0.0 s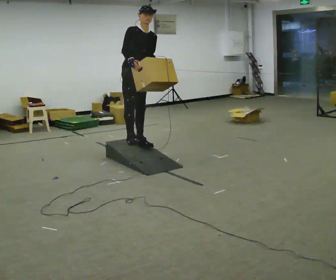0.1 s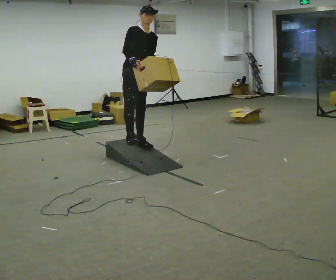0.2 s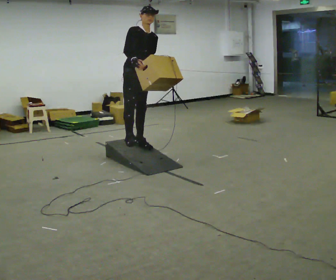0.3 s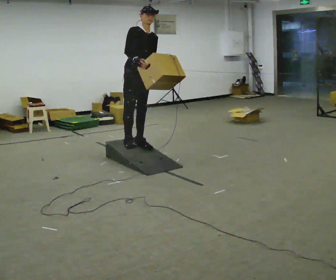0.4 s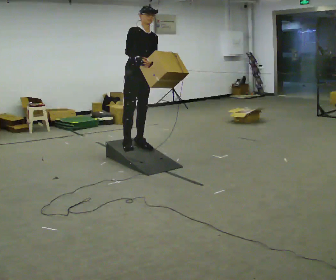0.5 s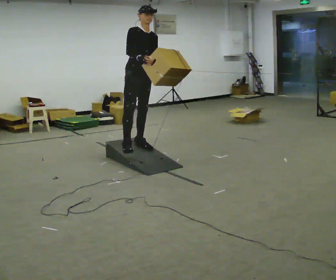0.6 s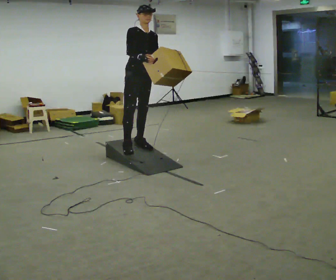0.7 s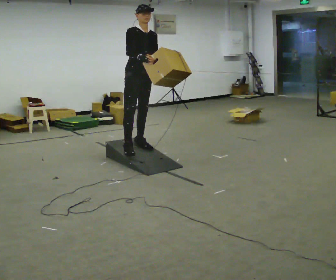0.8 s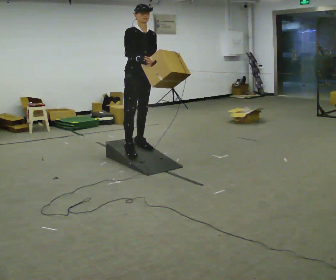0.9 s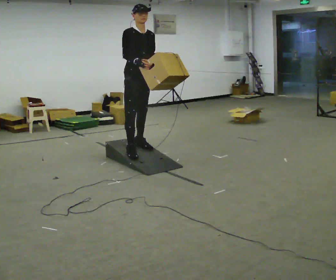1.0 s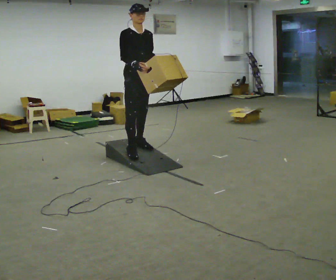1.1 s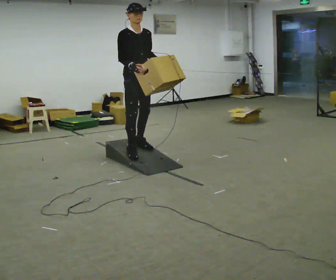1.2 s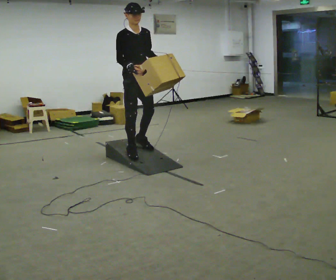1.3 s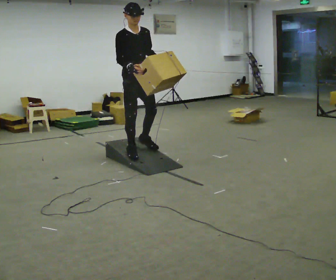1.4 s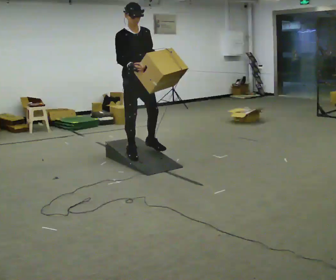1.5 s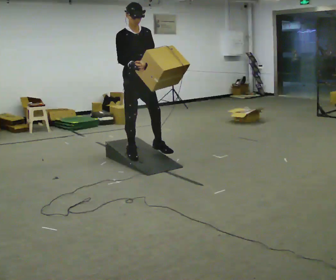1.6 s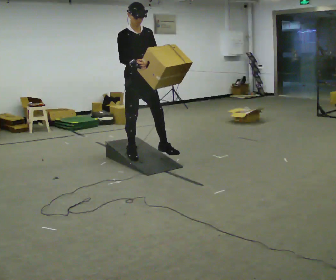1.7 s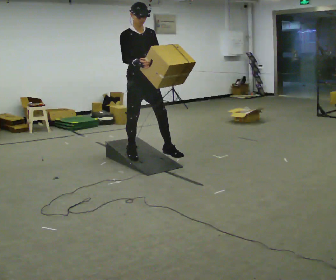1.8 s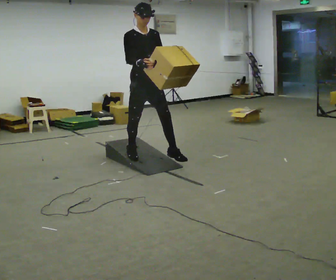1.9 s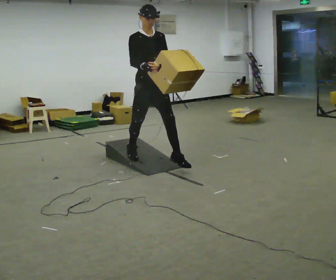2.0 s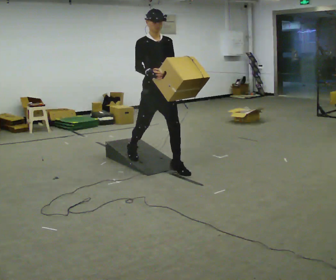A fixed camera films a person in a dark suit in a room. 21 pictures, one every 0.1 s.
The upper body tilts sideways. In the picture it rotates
counterclockwise.
0.0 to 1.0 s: In the picture they go toward the camera, about 0.25 m in 2 steps, which for them is forward.
1.0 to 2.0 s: In the picture they go toward the camera and to the right, about 0.5 m in 1 step, which for them is forward.
The film runs forward here.
